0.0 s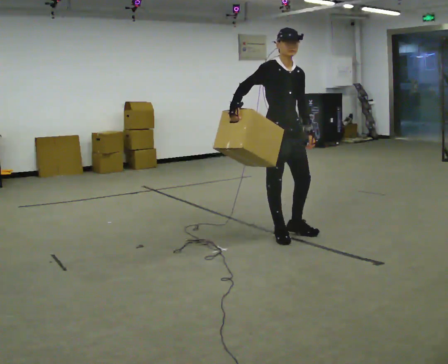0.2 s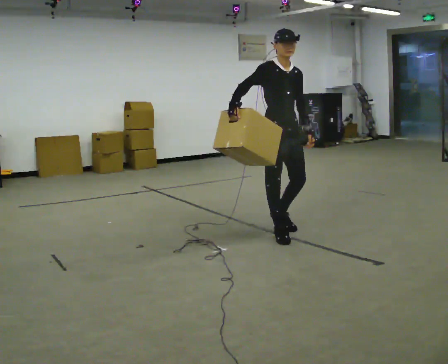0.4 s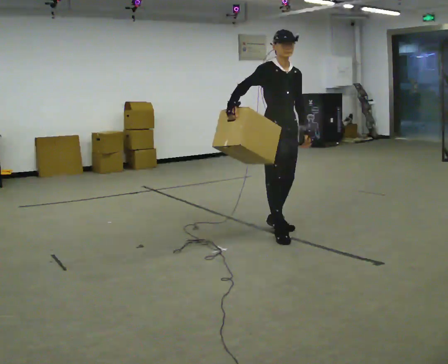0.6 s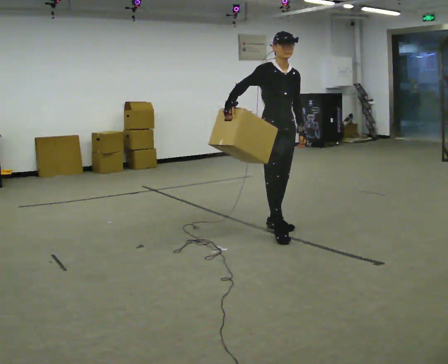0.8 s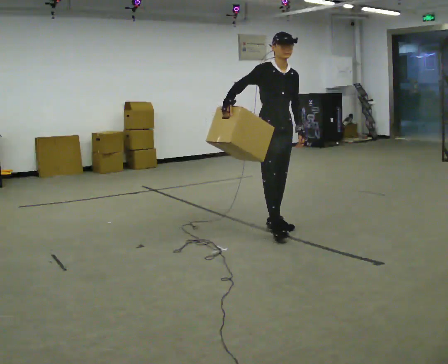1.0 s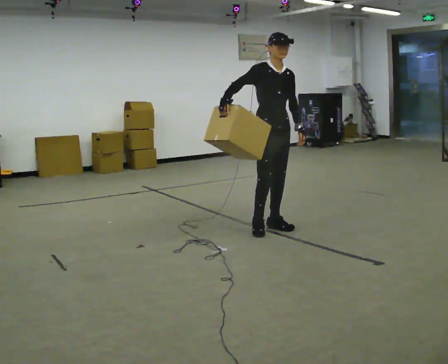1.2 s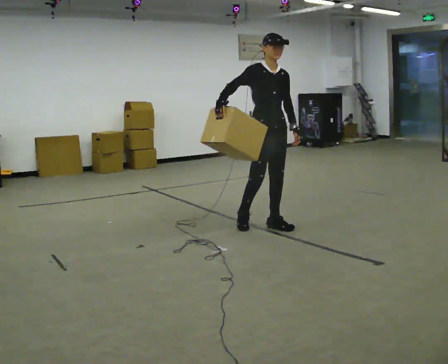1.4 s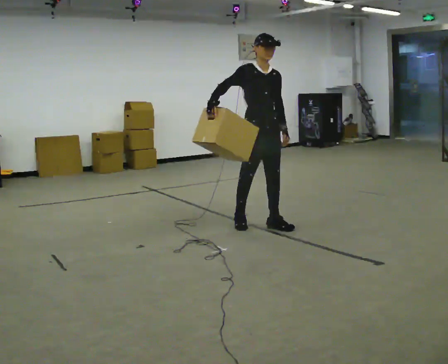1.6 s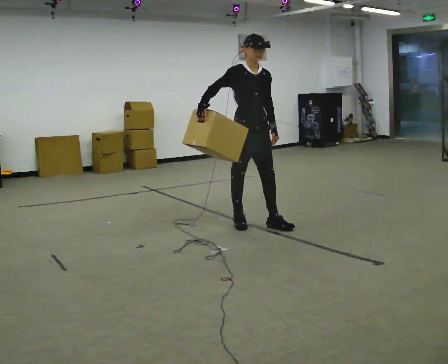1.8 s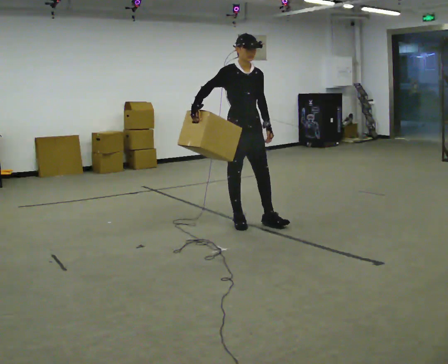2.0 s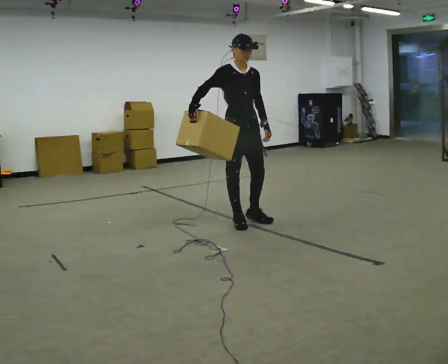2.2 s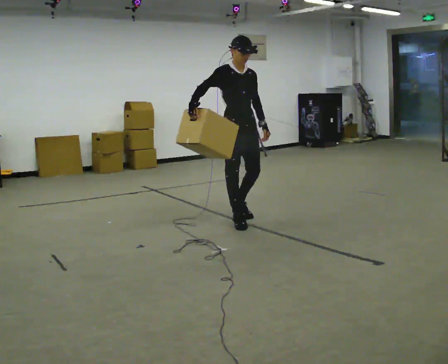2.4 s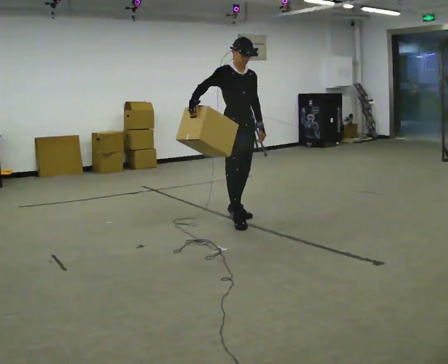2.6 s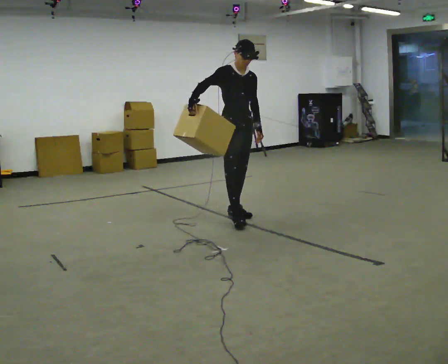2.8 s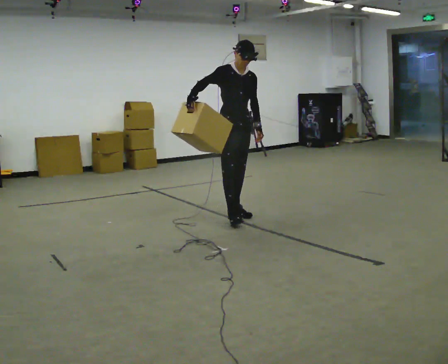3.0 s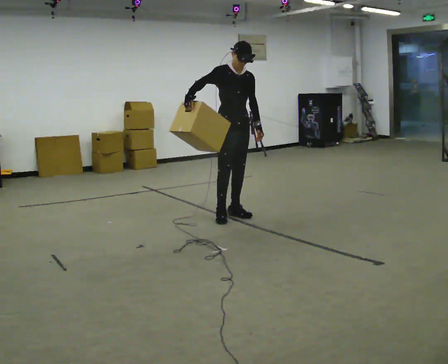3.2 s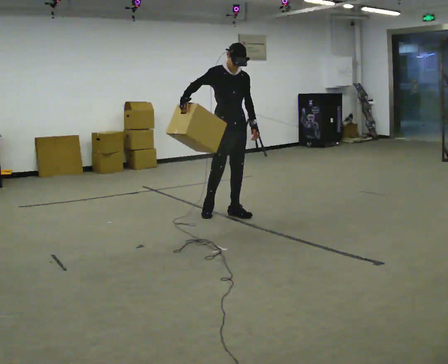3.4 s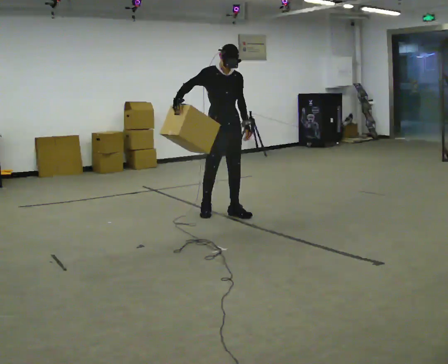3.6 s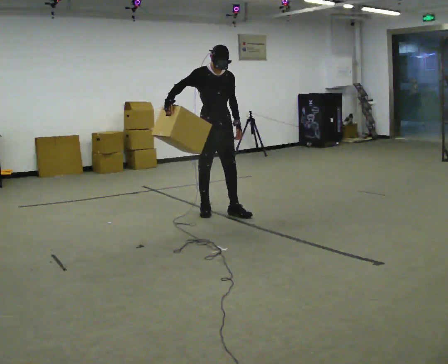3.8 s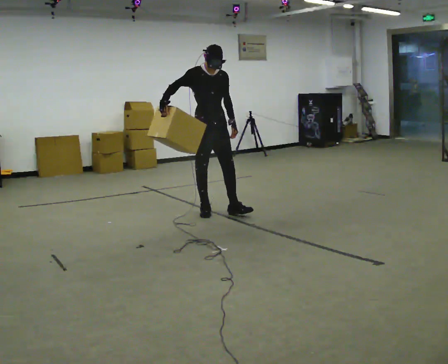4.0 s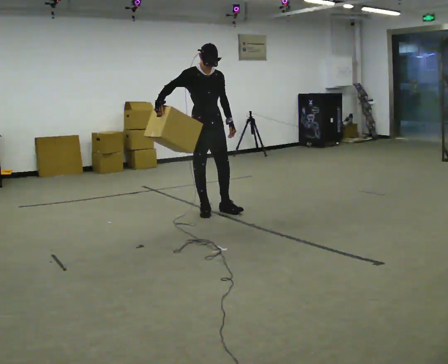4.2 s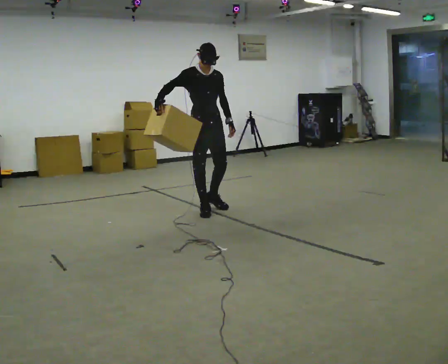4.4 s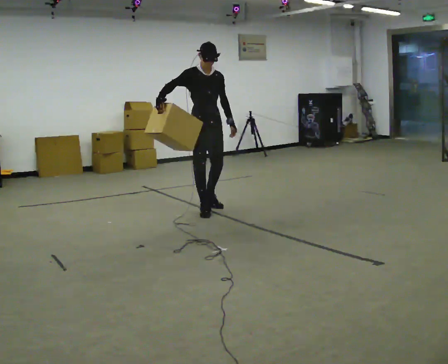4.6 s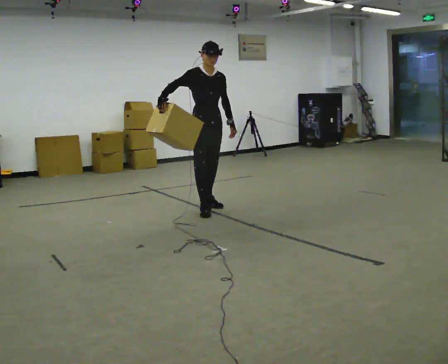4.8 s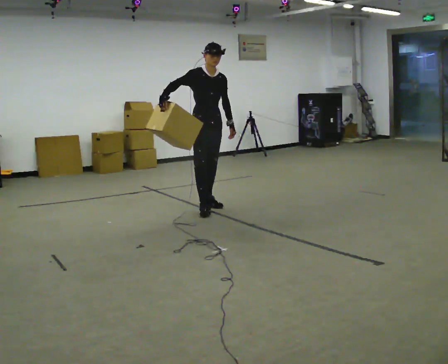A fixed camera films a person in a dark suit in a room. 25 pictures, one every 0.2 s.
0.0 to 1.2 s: In the picture they go away from the camera, about 0.25 m in 1 step, which for them is backward.
1.2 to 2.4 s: In the picture they go to the left and away from the camera, about 0.25 m in 1 step, which for them is backward.
2.4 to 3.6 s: In the picture they go away from the camera and to the left, about 0.25 m in 1 step, which for them is backward.
3.6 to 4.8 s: In the picture they go away from the camera, about 0.25 m in 1 step, which for them is backward.
The film runs backward here.
